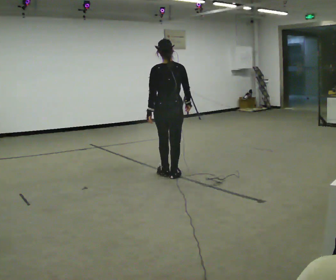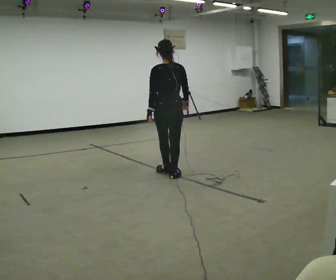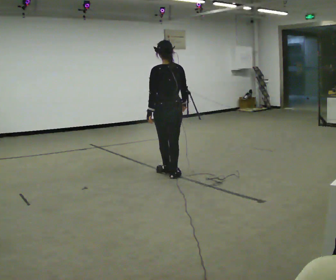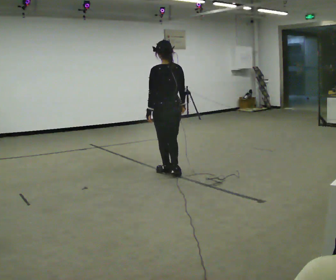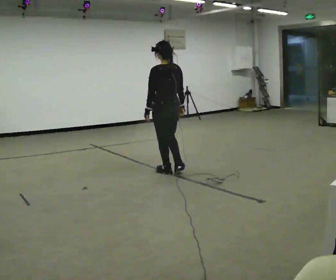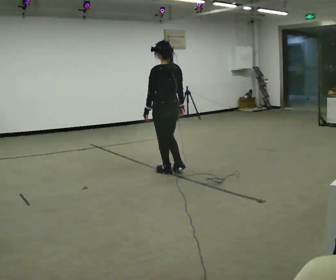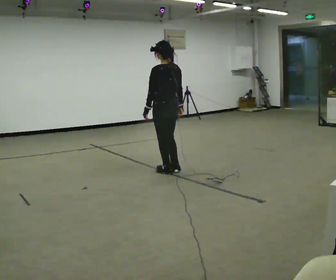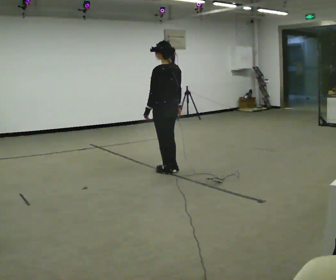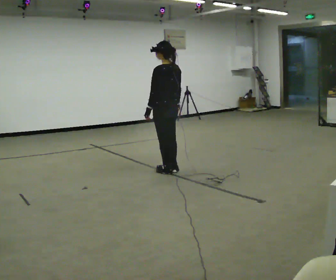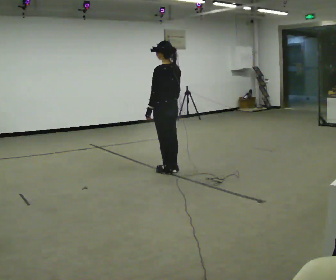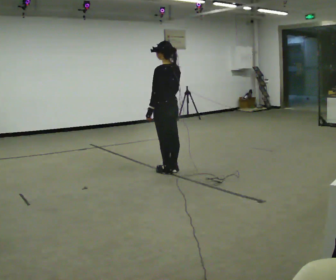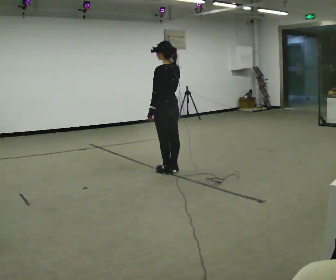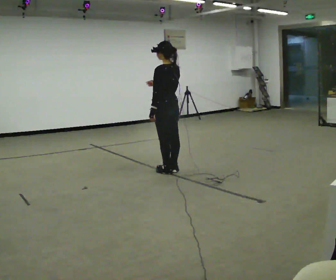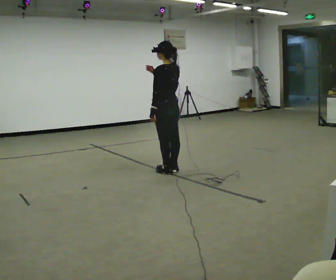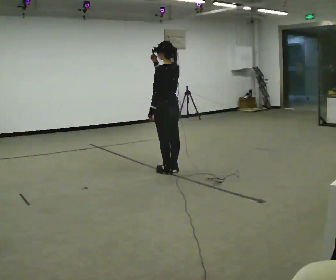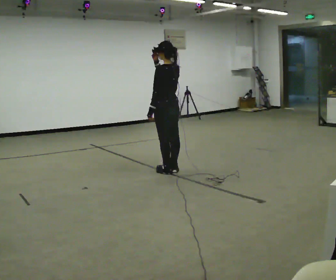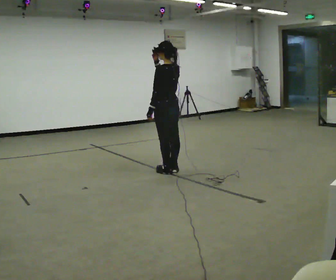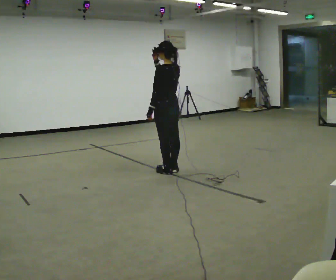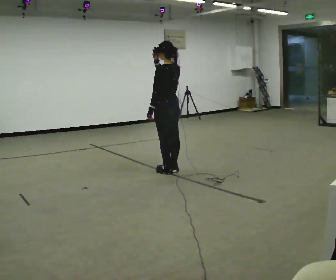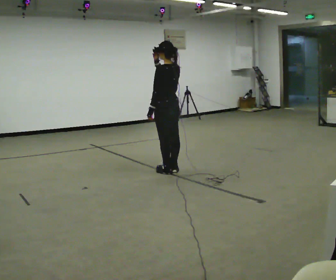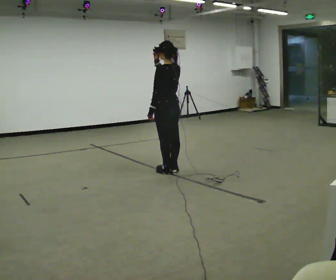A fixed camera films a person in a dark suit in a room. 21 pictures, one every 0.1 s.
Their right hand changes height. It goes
upward.
0.0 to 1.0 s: The person turns about 45 degrees to their left, counterclockwise seen from above, so the part of the body nearest the lens slides to the right. In the picture they go away from the camera, about 0.25 m in 2 steps, which for them is forward and to their right.
1.0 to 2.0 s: In the picture their right hand goes upward.
The film runs forward here.
